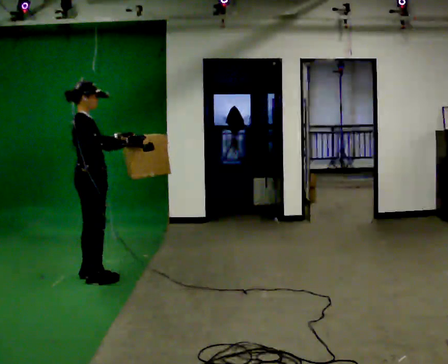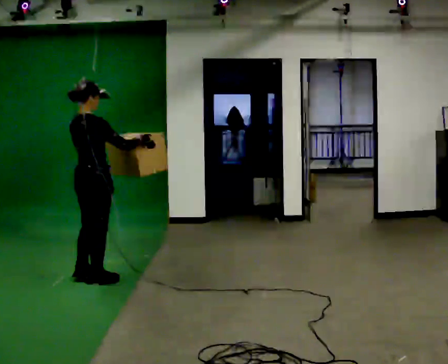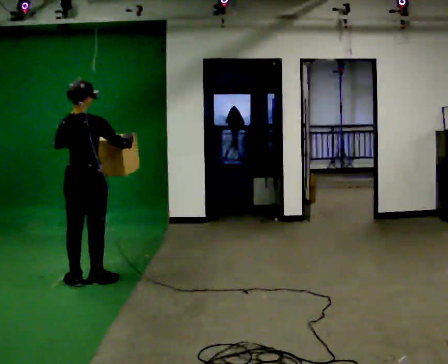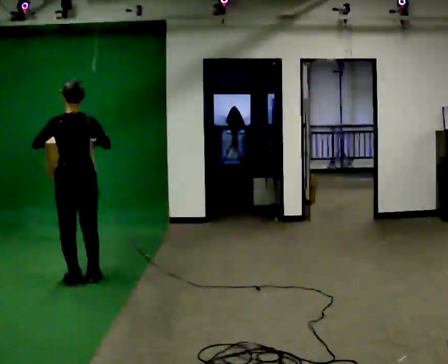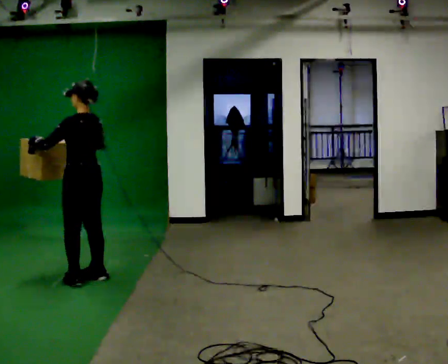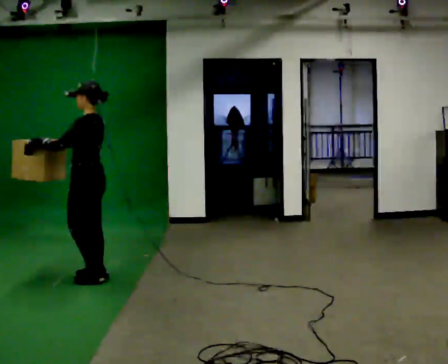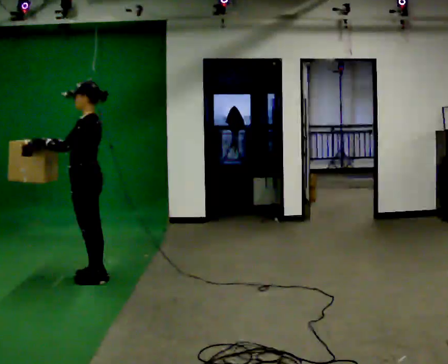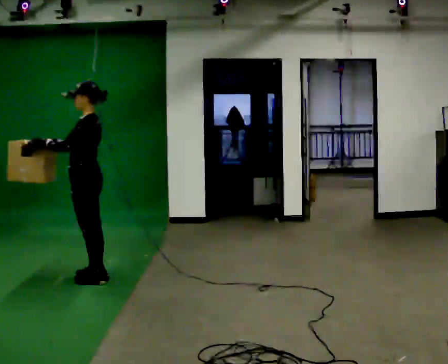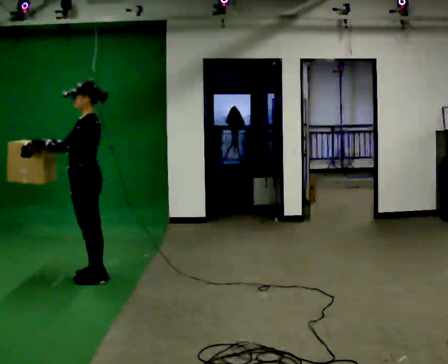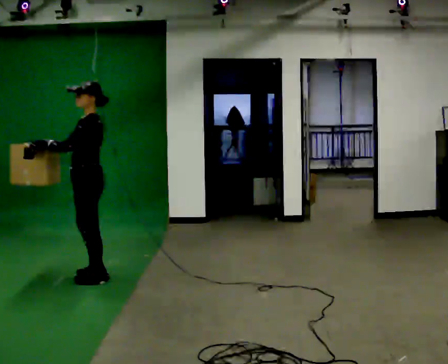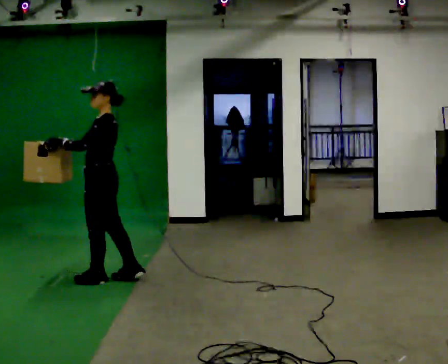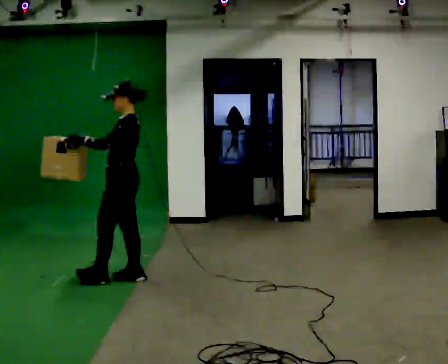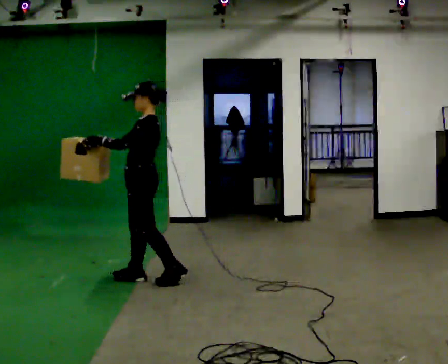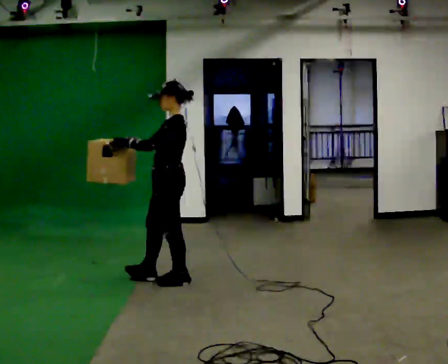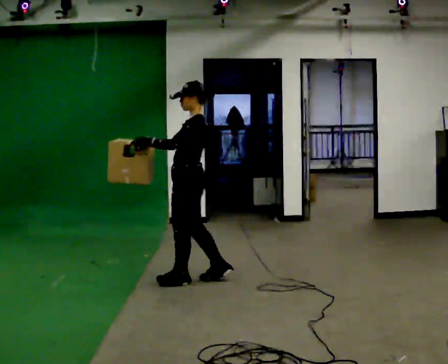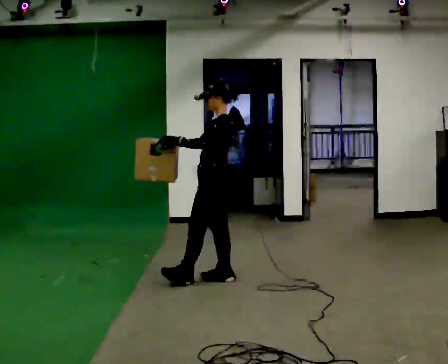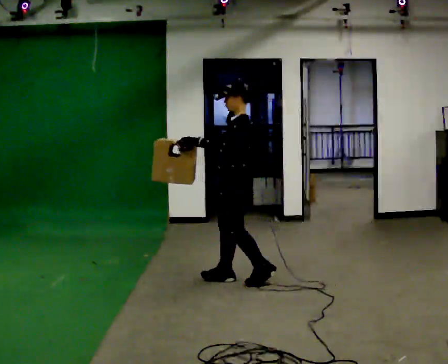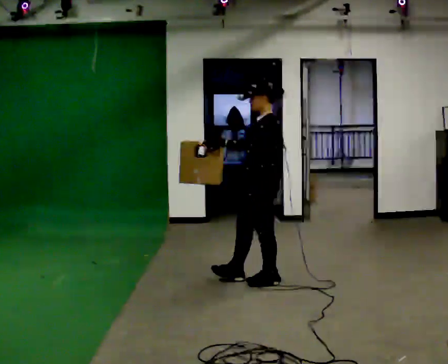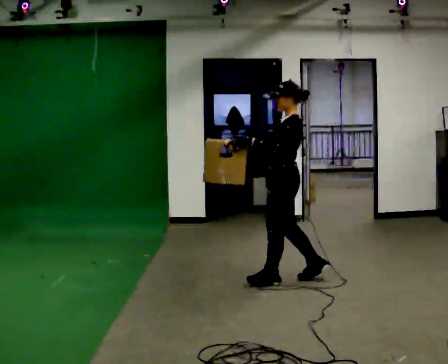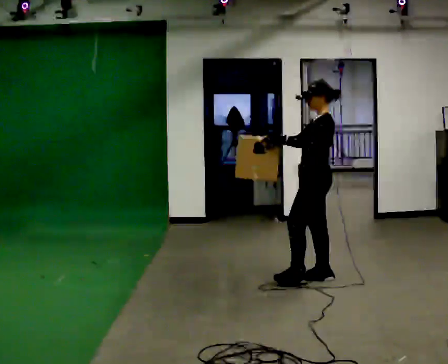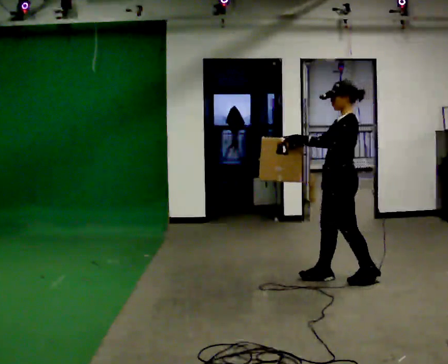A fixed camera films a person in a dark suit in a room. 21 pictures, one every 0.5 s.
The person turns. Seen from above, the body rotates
counterclockwise.
The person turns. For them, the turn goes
to their left.
0.0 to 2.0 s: The person turns about 135 degrees to their left, counterclockwise seen from above, so the part of the body nearest the lens slides to the right. In the picture their right hand goes to the left.
2.0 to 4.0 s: Seen from above the body turns counterclockwise, about 45 degrees: to their left, with its near side sliding to the right.
4.0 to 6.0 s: In the picture they go to the right, about 0.5 m in 2 steps, which for them is backward.
6.0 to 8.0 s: In the picture they go to the right, about 0.5 m in 2 steps, which for them is backward.
8.0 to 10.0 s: In the picture they go to the right, about 1 m in 2 steps, which for them is backward.
The film runs backward here.
